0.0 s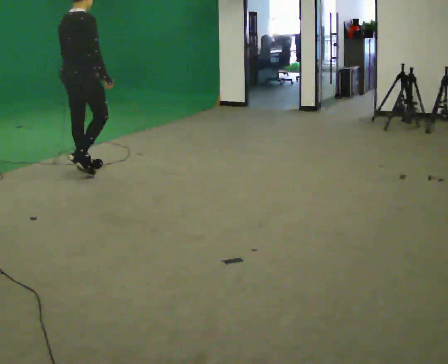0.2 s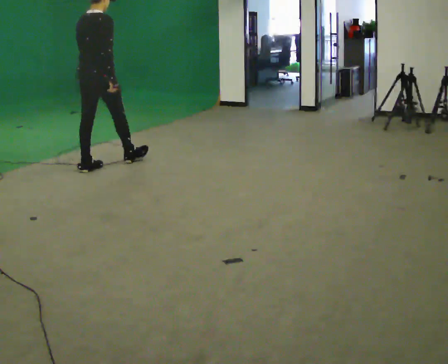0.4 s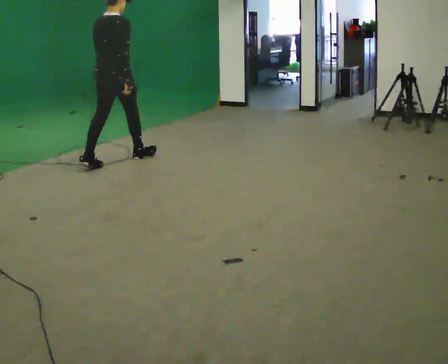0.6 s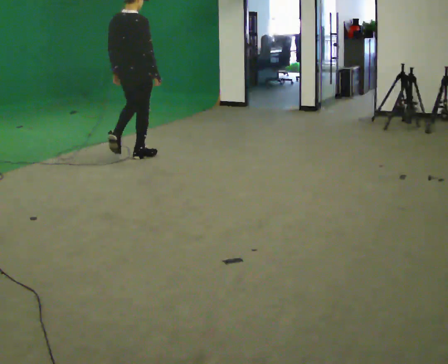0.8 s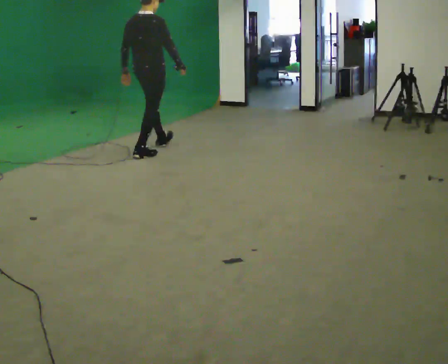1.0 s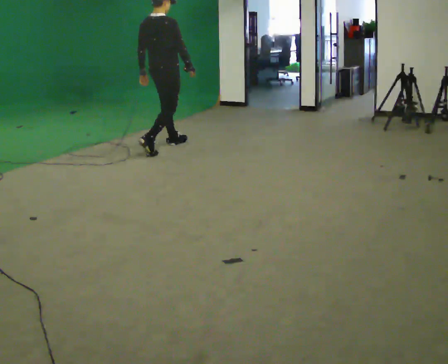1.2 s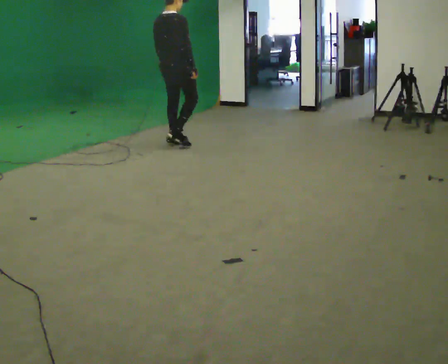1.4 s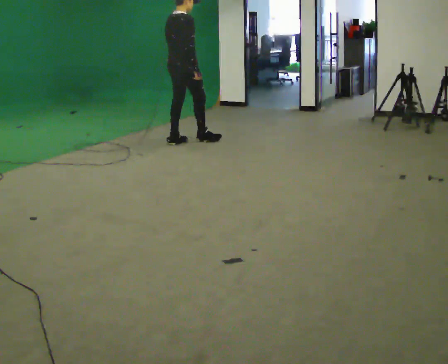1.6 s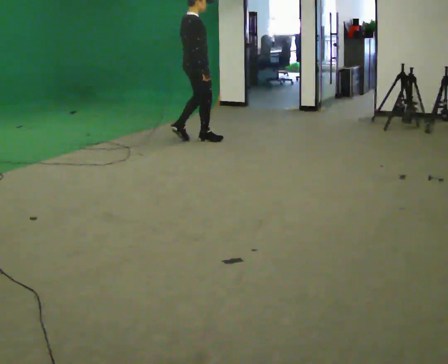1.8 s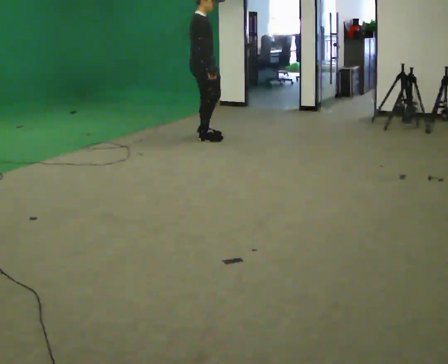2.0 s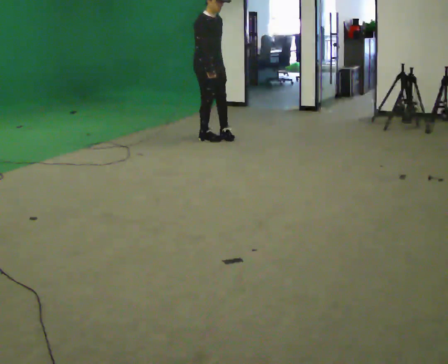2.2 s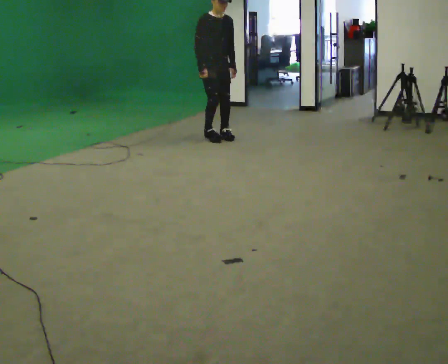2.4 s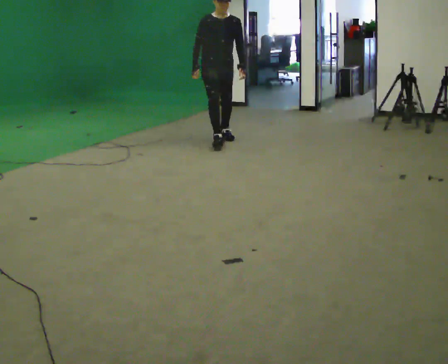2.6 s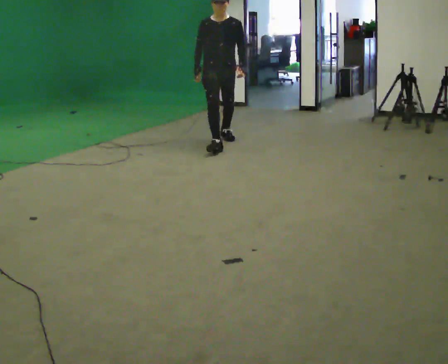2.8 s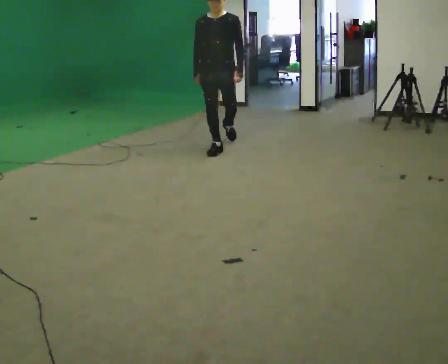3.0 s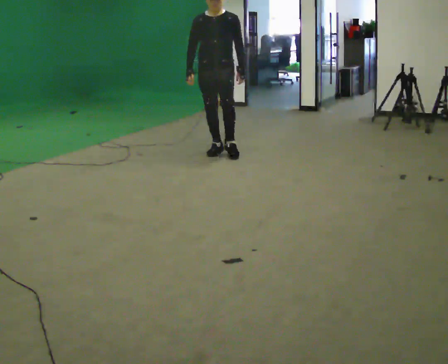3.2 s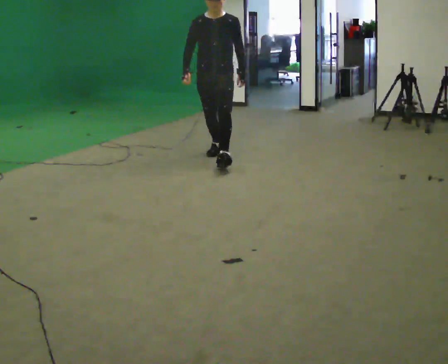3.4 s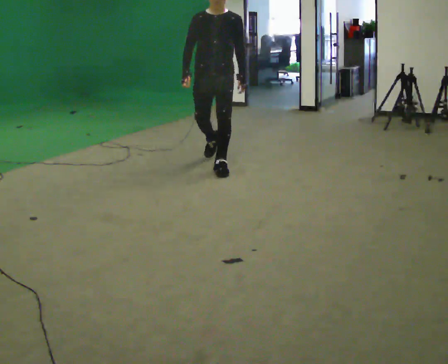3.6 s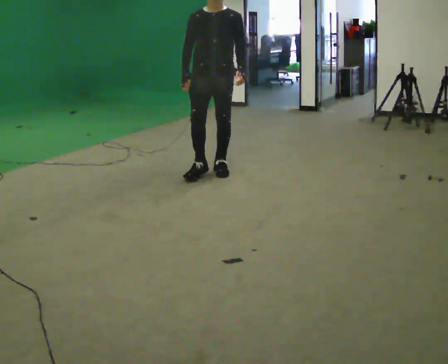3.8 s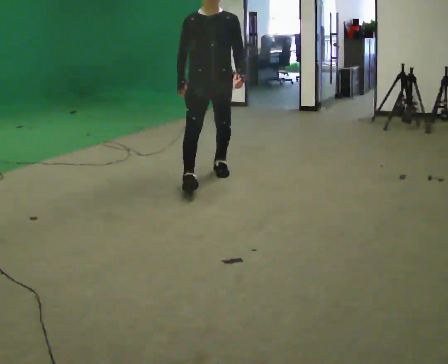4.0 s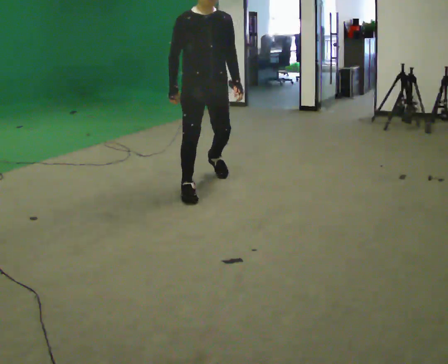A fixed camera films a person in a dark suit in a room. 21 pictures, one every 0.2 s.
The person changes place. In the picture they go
to the right.
The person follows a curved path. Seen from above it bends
clockwise.
0.0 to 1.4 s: In the picture they go away from the camera and to the right, about 1.5 m in 2 steps, which for them is forward.
1.4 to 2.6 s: The person turns about 120 degrees to their right, clockwise seen from above, so the part of the body nearest the lens slides to the left. In the picture they go to the right, about 0.5 m in 3 steps.
2.6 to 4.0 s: The part of the body nearest the lens slides to the right as the person turns to their left by about 30 degrees. In the picture they go toward the camera, about 1.5 m in 2 steps, which for them is forward.
The film runs forward here.
